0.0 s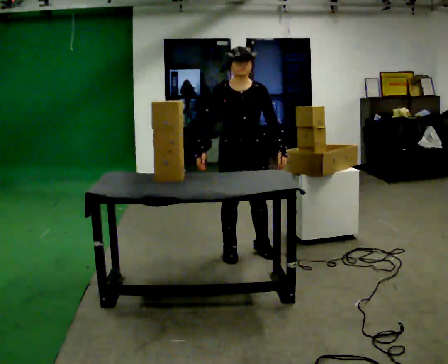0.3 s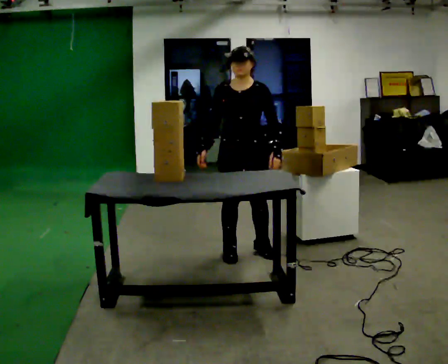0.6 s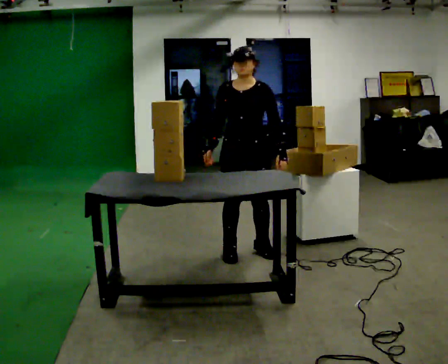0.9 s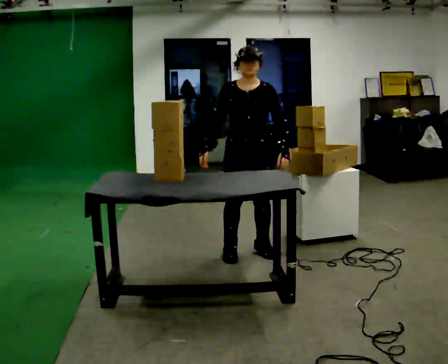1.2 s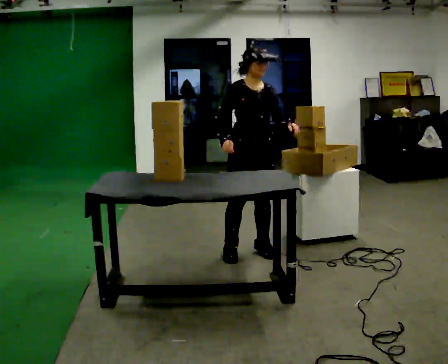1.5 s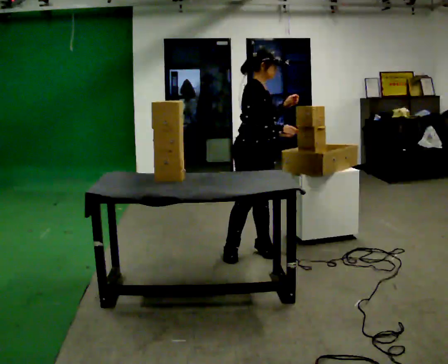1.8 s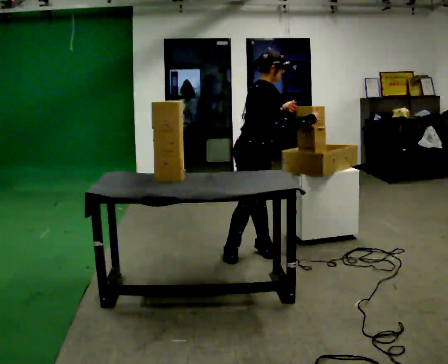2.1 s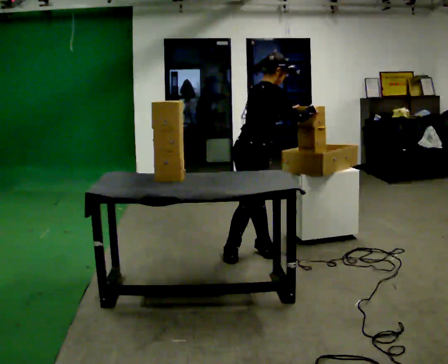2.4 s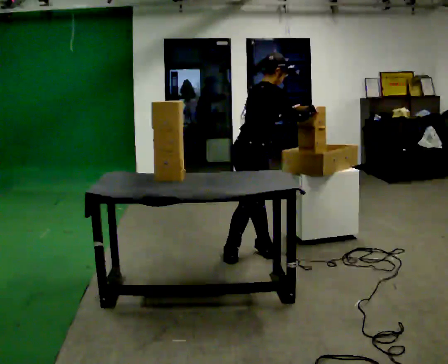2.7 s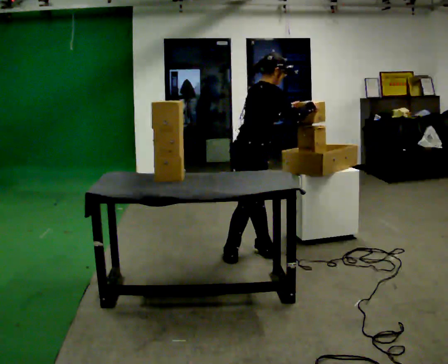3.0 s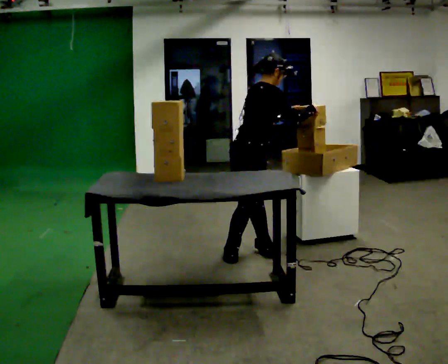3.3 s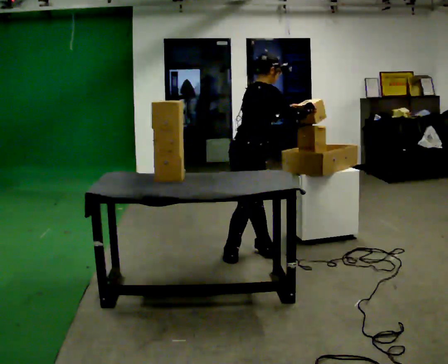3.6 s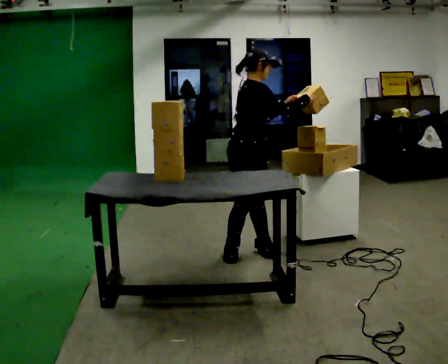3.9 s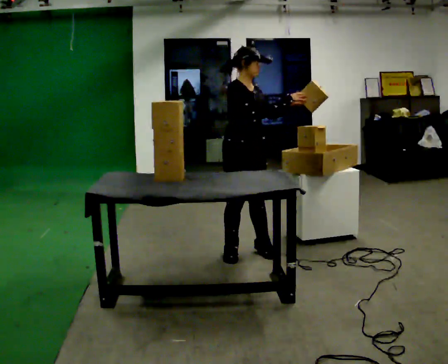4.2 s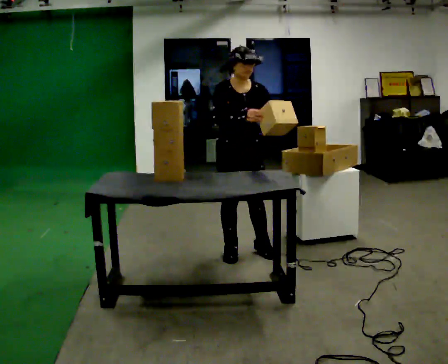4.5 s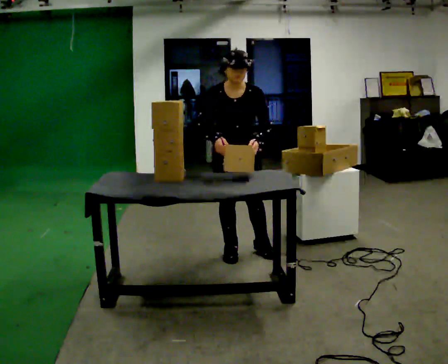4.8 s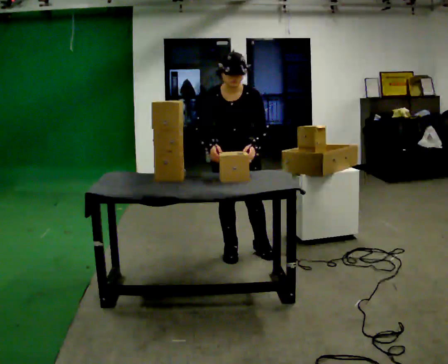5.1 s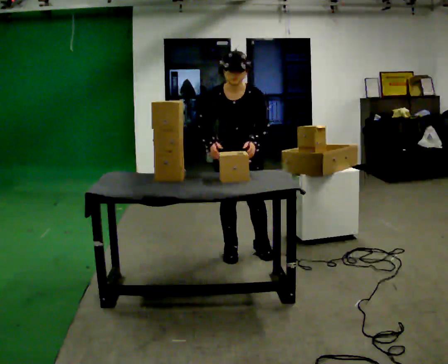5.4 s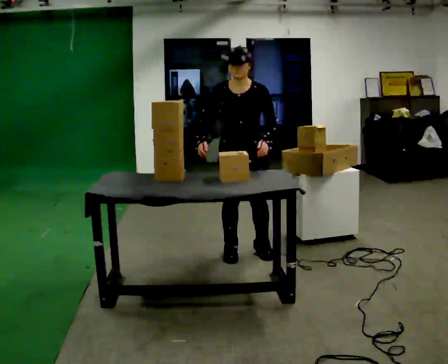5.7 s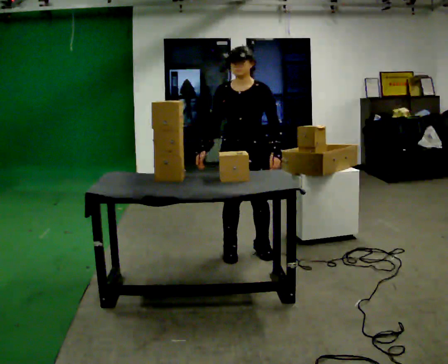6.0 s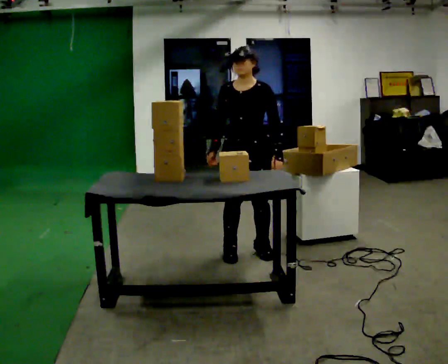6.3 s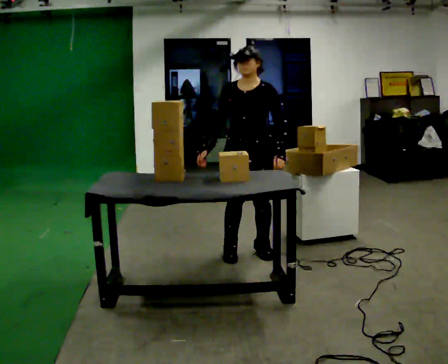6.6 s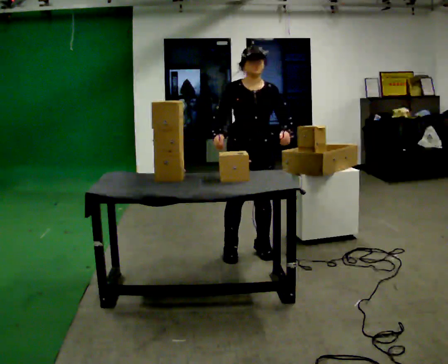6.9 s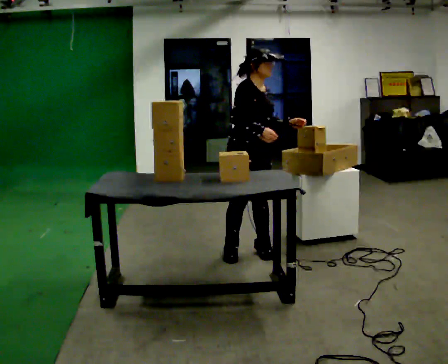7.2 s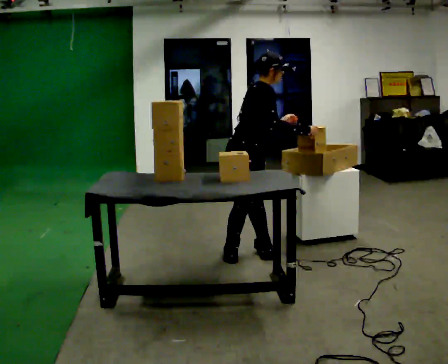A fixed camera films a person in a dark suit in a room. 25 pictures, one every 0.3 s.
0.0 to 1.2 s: The person moves a little, or ends about where they began.
1.2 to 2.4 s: The part of the body nearest the lens slides to the right as the person turns to their left by about 60 degrees. In the picture the upper body tilts clockwise, shoulders to the right, as they bend forward. In the picture their right hand goes to the right.
2.4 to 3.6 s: The person moves a little, or ends about where they began.
3.6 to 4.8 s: The person turns about 75 degrees to their right, clockwise seen from above, so the part of the body nearest the lens slides to the left. The upper body tips toward the camera, its near side rolling downward. In the picture their right hand goes to the left.
4.8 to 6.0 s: The upper body tips away from the camera, its near side rolling upward, as they lean back or straighten.
6.0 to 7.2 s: The person turns about 90 degrees to their left, counterclockwise seen from above, so the part of the body nearest the lens slides to the right. In the picture the upper body tilts clockwise, shoulders to the right, as they bend forward. In the picture their right hand goes to the right.
The film runs backward here.
